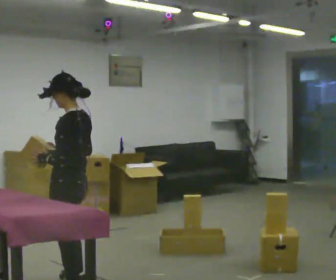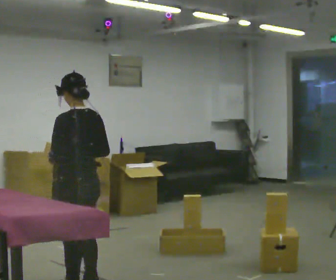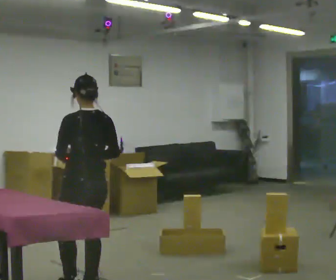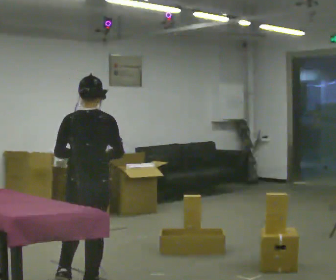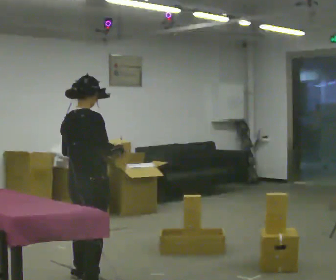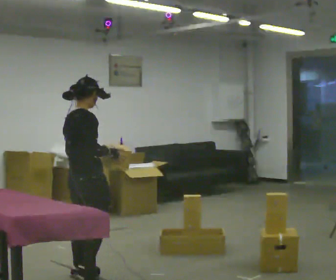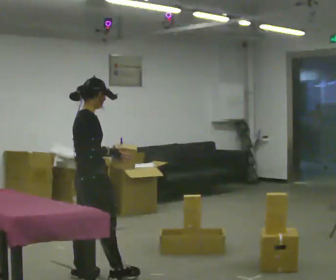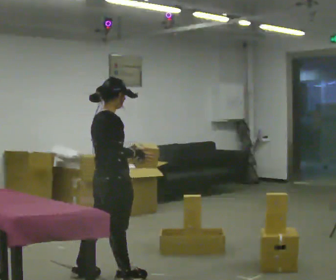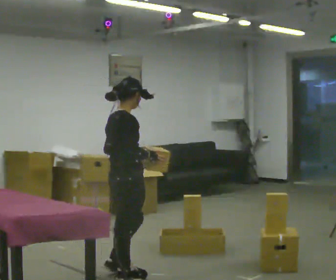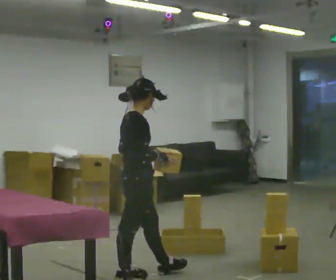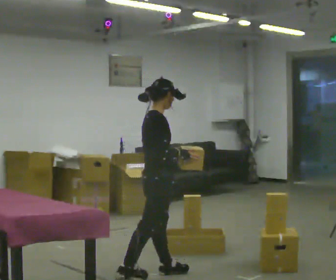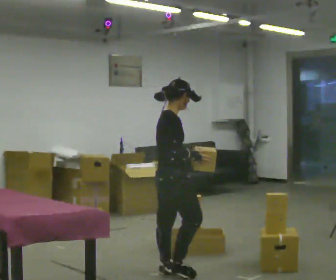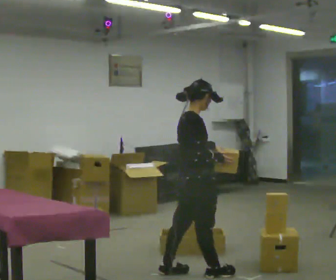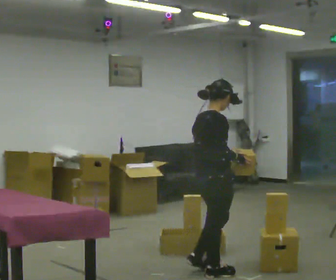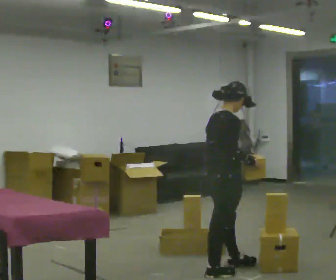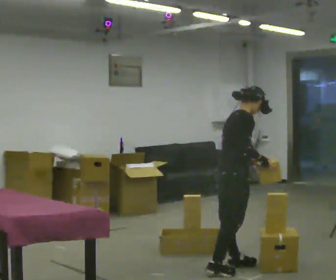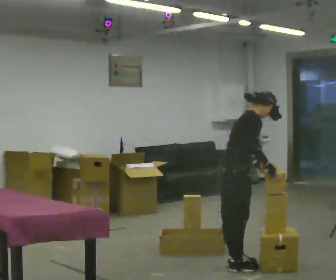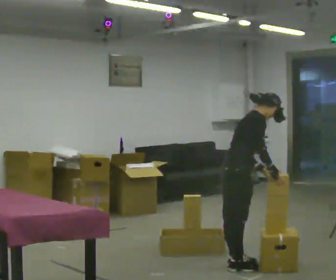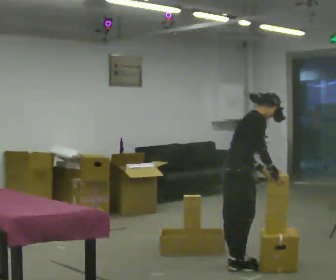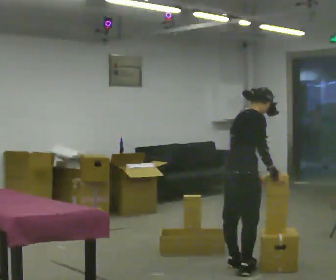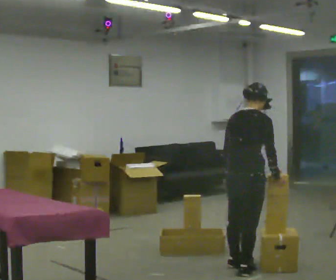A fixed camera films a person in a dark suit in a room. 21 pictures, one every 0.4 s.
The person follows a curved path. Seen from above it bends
clockwise.
The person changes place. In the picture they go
to the right.
0.0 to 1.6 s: The person turns about 120 degrees to their right, clockwise seen from above, so the part of the body nearest the lens slides to the left. In the picture they go away from the camera, about 0.25 m in 2 steps.
1.6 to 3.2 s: The part of the body nearest the lens slides to the left as the person turns to their right by about 30 degrees. In the picture they go to the right, about 0.25 m in 1 step, which for them is forward.
3.2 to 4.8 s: In the picture they go to the right, about 0.5 m in 2 steps, which for them is forward.
4.8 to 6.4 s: In the picture they go to the right and away from the camera, about 0.5 m in 2 steps, which for them is forward. In the picture the upper body tilts clockwise, shoulders to the right, as they bend forward.
6.4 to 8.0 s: The part of the body nearest the lens slides to the right as the person turns to their left by about 45 degrees. In the picture they go toward the camera, about 0.25 m in 1 step, which for them is to their right. In the picture the upper body tilts counterclockwise, shoulders to the left, as they lean back or straighten. In the picture their left hand goes to the left.
The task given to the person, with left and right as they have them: 1. Take the objects out of the box on the table one at a time. 2. Put each one in the bin the operator has labelled for it. 3. Tell the operator when you are finished.
The film runs forward here.
